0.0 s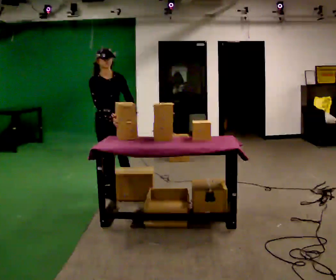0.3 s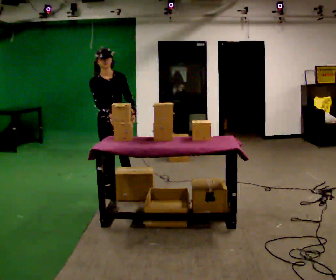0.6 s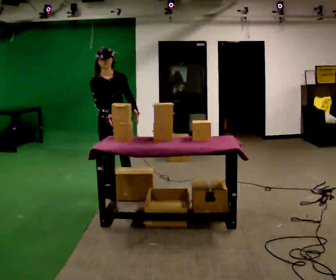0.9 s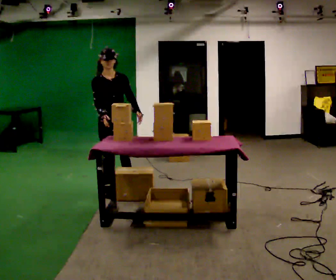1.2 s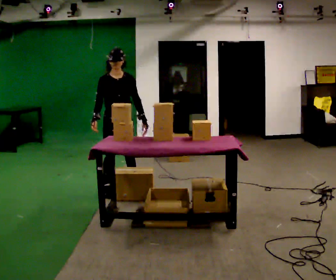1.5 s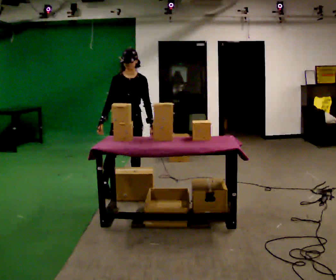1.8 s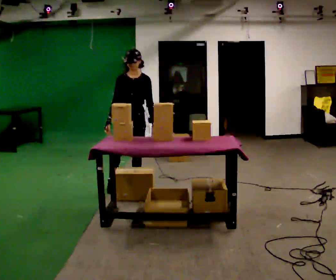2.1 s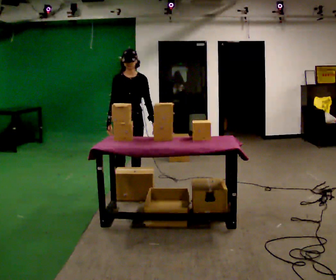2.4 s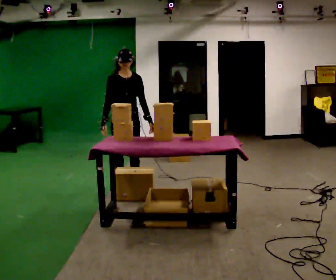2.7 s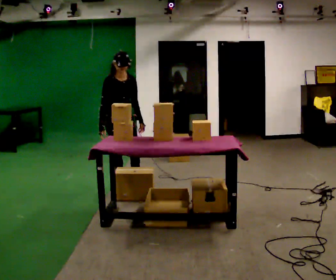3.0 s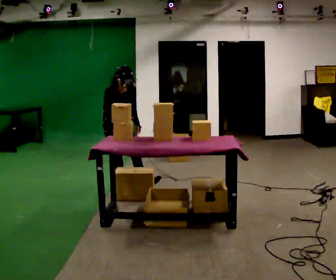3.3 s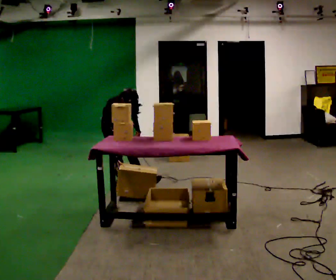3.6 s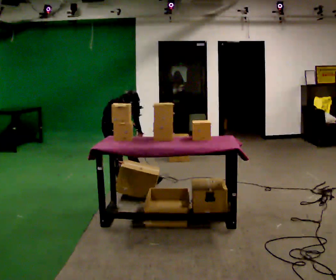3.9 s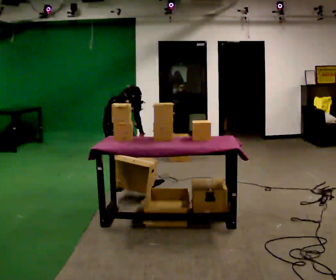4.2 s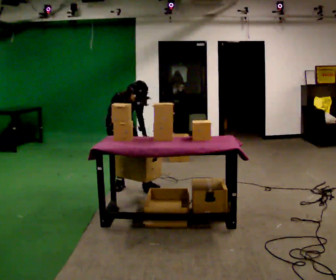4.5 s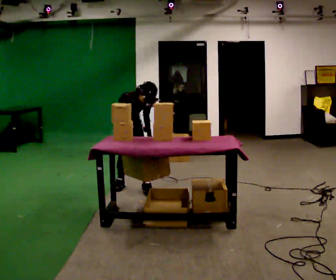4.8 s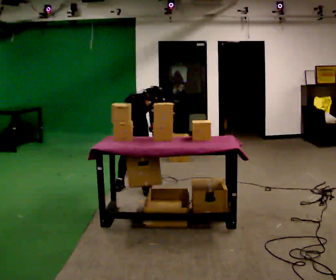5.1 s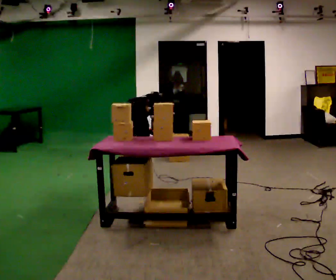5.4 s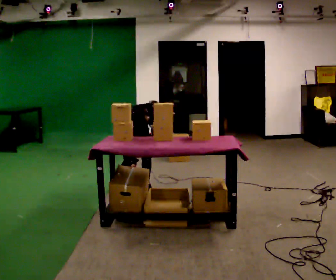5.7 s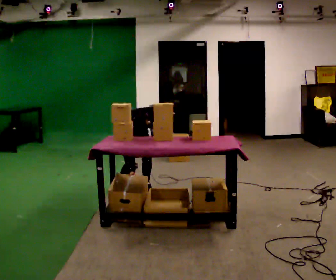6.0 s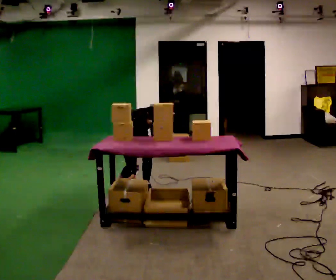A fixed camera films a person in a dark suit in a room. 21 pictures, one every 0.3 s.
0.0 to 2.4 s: The person turns about 30 degrees to their right, clockwise seen from above, so the part of the body nearest the lens slides to the left. In the picture they go to the right and away from the camera, about 0.25 m in 1 step, which for them is to their left.
2.4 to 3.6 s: In the picture they go away from the camera, about 0.25 m in 1 step, which for them is backward. The upper body goes downward. The upper body tips toward the camera, its near side rolling downward, as they bend forward.
3.6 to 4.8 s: In the picture they go to the right, about 0.25 m, which for them is to their left and forward.
4.8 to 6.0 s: The shoulders move downward.
The film runs backward here.
